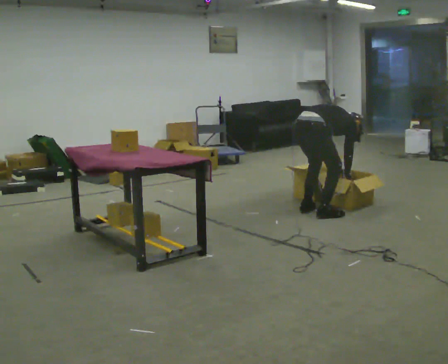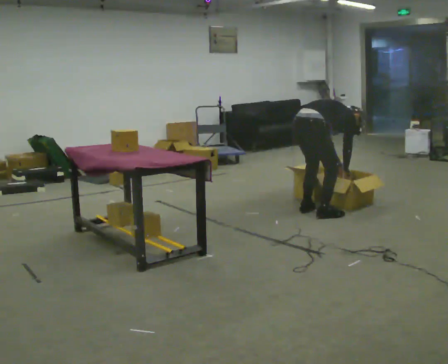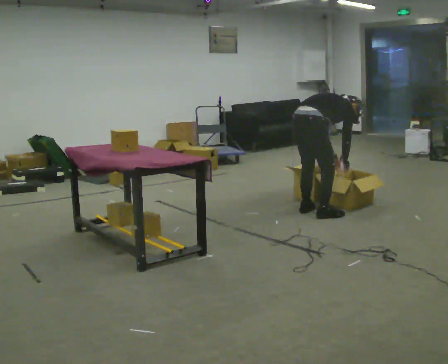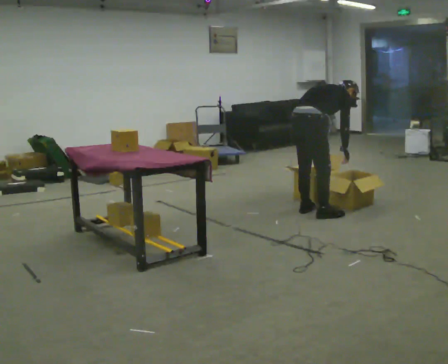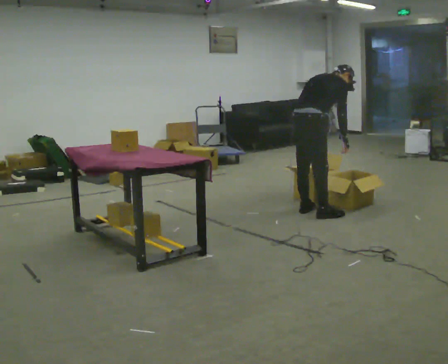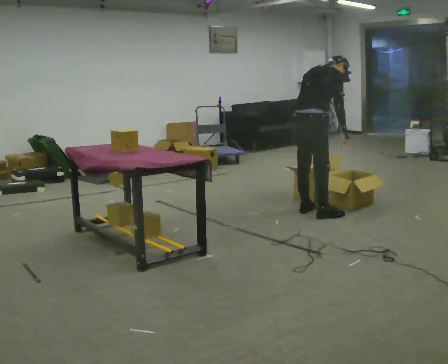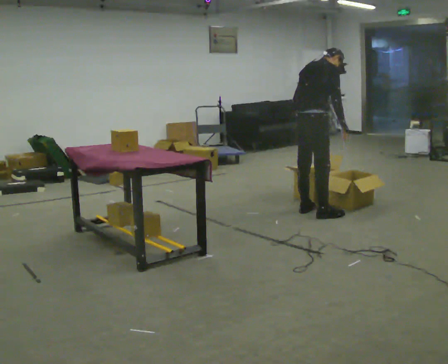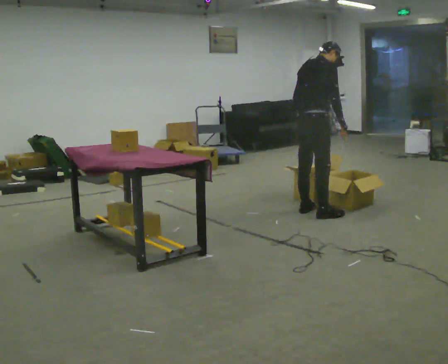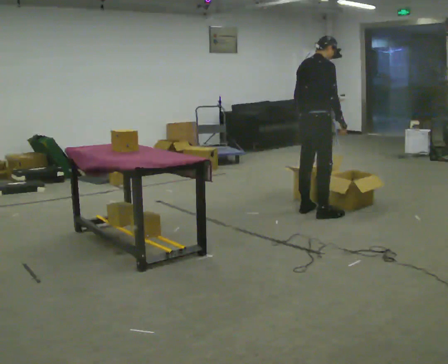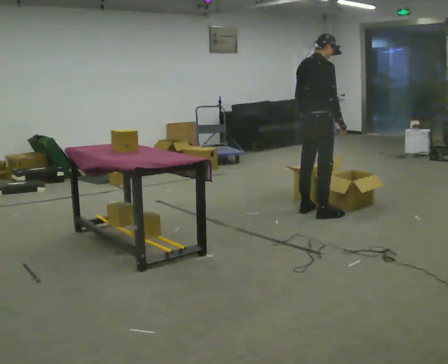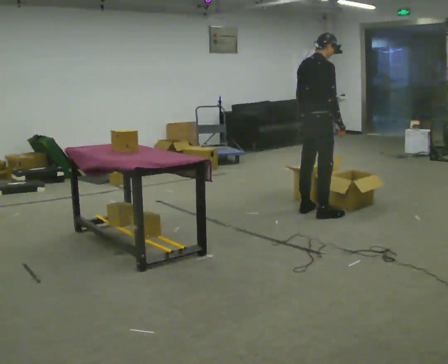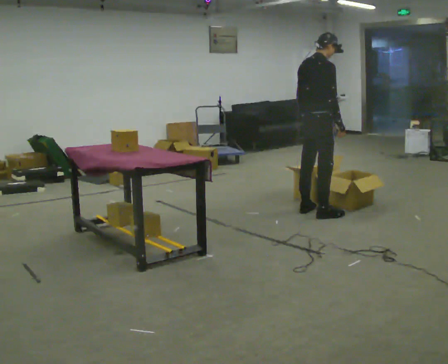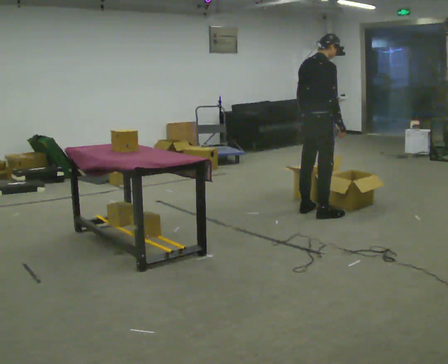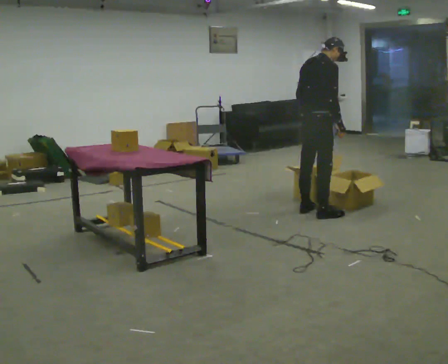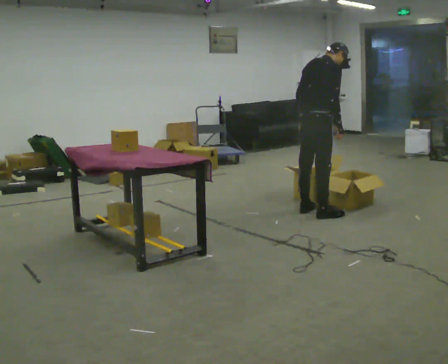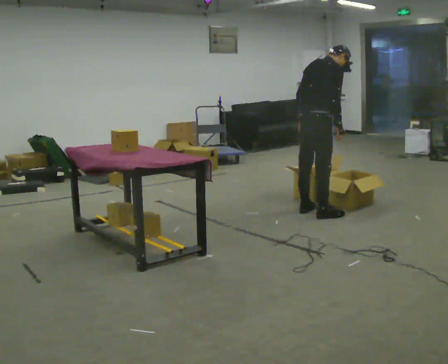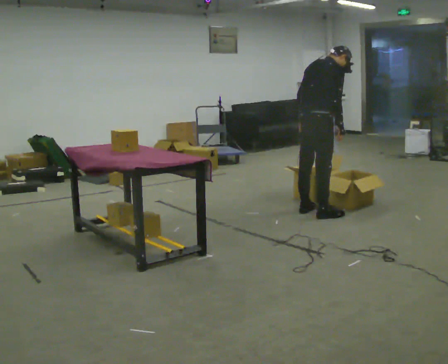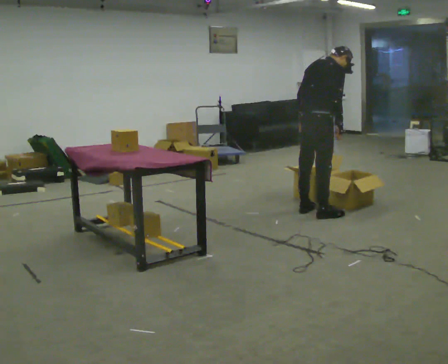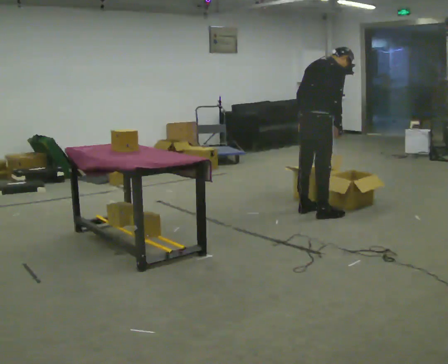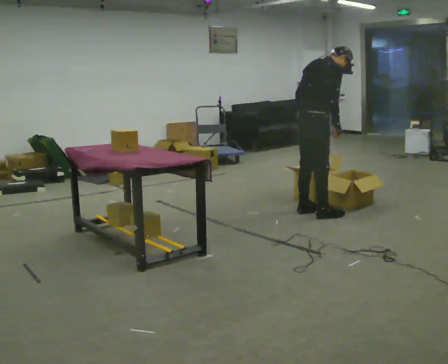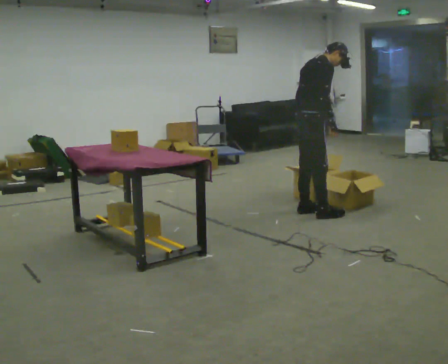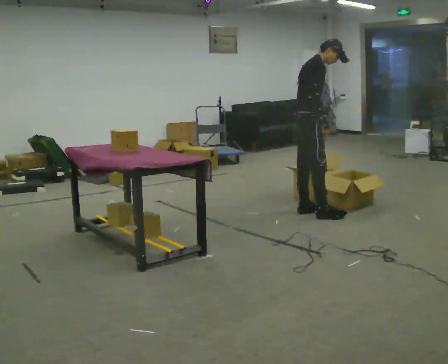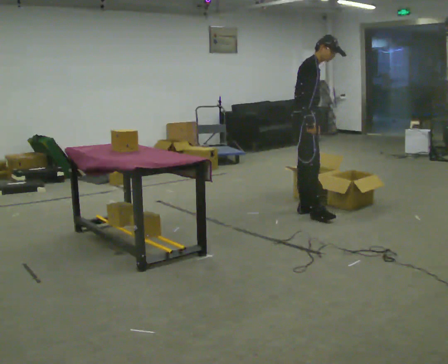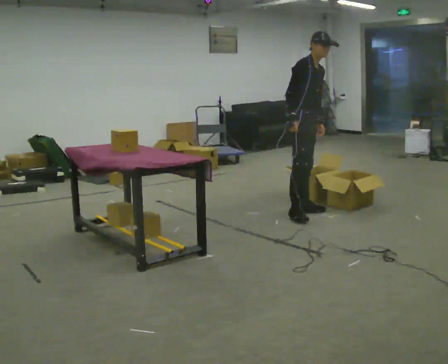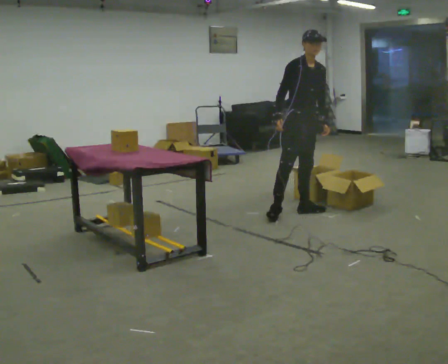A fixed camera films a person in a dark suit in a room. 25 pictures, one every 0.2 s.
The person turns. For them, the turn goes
to their right.
Their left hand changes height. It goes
upward.
0.0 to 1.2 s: The shoulders move upward. In the picture the upper body tilts counterclockwise, shoulders to the left, as they lean back or straighten. In the picture their right hand goes upward.
1.2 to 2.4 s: The person moves a little, or ends about where they began.
2.4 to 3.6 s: In the picture the upper body tilts clockwise, shoulders to the right, as they bend forward.
3.6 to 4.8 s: Seen from above the body turns clockwise, about 90 degrees: to their right, with its near side sliding to the left. In the picture they go away from the camera, about 0.25 m in 1 step. The upper body tips toward the camera, its near side rolling downward, as they lean back or straighten.
The film runs forward here.
